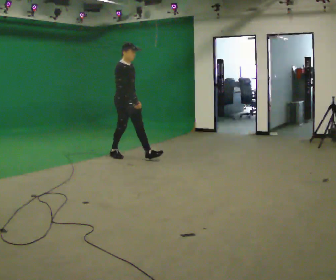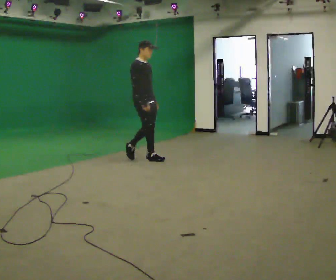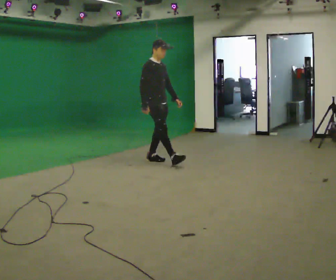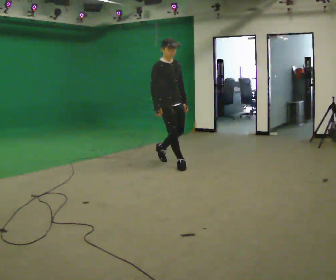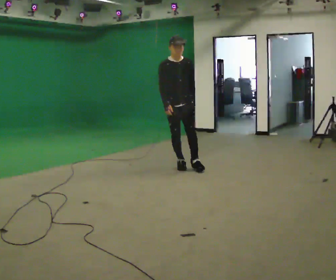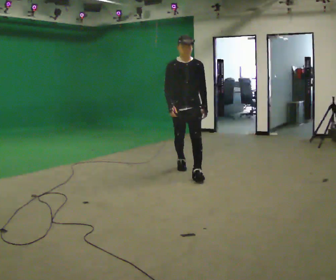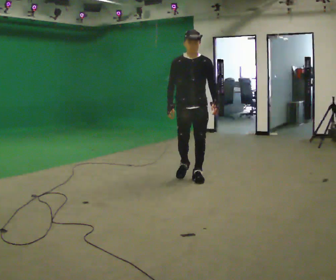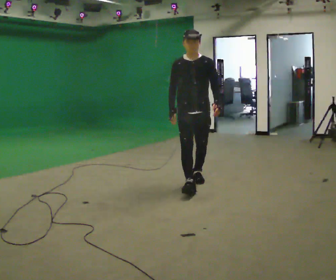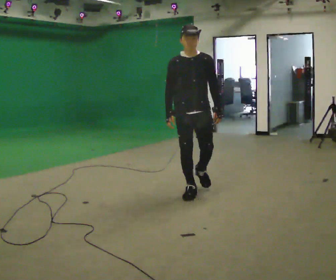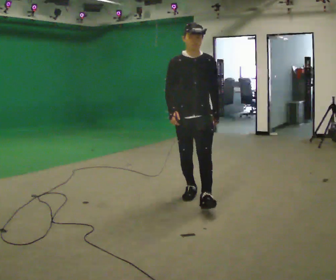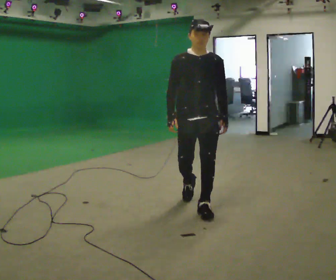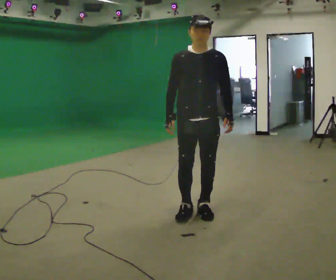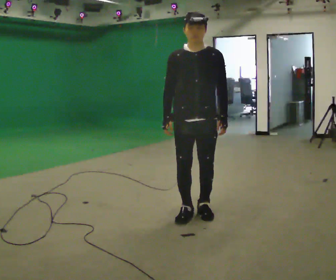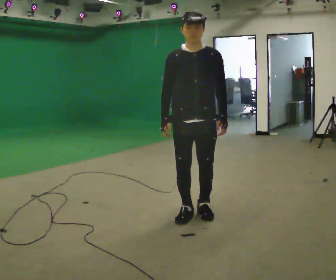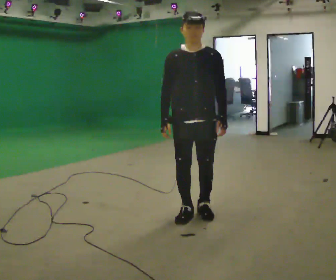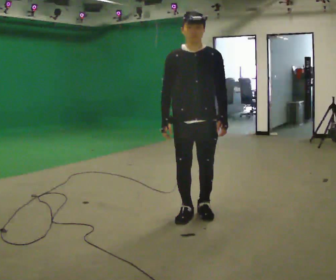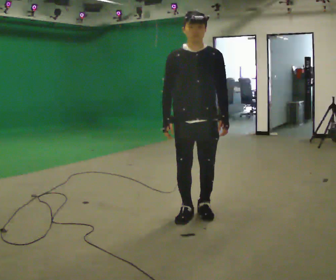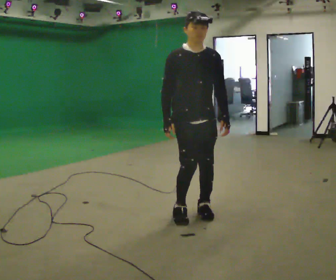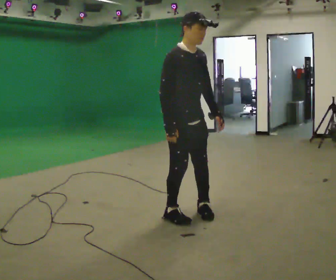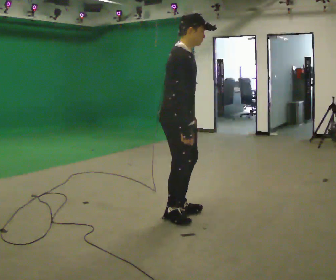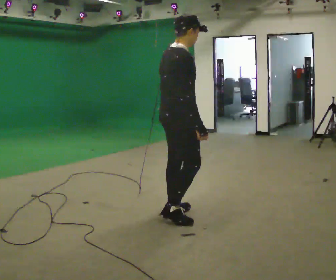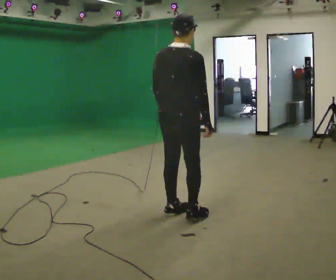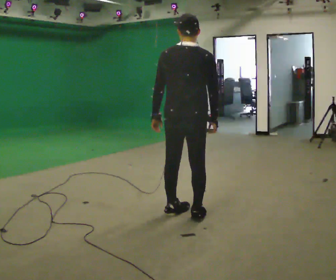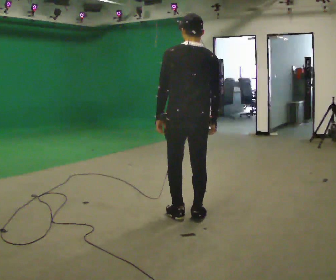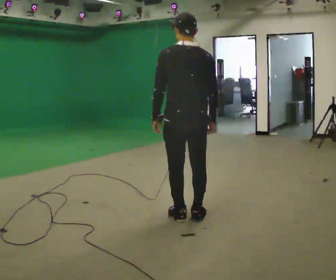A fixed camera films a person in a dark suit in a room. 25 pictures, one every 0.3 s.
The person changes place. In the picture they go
toward the camera.
The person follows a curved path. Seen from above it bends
clockwise.
0.0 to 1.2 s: The part of the body nearest the lens slides to the left as the person turns to their right by about 45 degrees. In the picture they go to the right and toward the camera, about 1 m in 2 steps, which for them is forward.
1.2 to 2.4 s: In the picture they go toward the camera, about 1 m in 2 steps, which for them is forward.
2.4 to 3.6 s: In the picture they go toward the camera, about 0.75 m in 2 steps, which for them is forward.
3.6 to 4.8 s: The person moves a little, or ends about where they began.
4.8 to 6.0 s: The part of the body nearest the lens slides to the right as the person turns to their left by about 120 degrees. In the picture they go to the left, about 0.25 m in 2 steps. In the picture their left hand goes to the left.
6.0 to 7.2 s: Seen from above the body turns counterclockwise, about 75 degrees: to their left, with its near side sliding to the right.
The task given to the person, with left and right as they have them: Walk straight; at marker turn ~45° while continuing to walk; continue straight.
The film runs forward here.
